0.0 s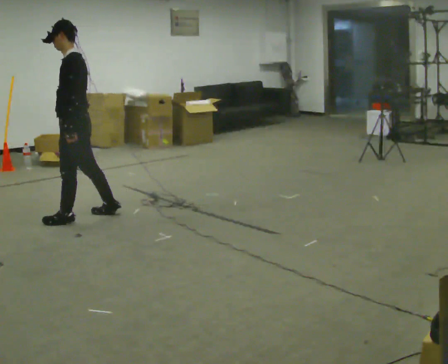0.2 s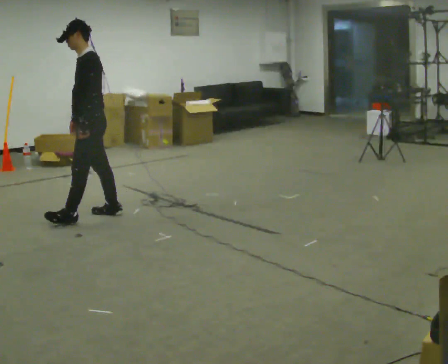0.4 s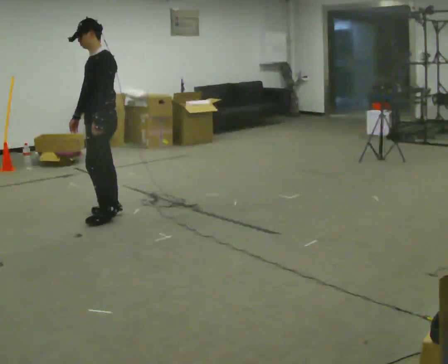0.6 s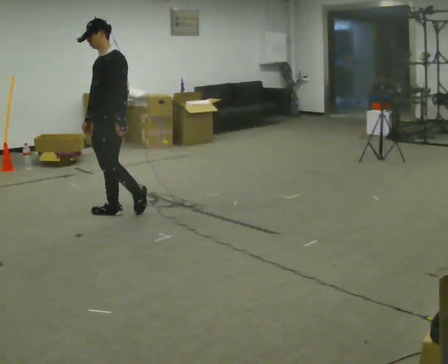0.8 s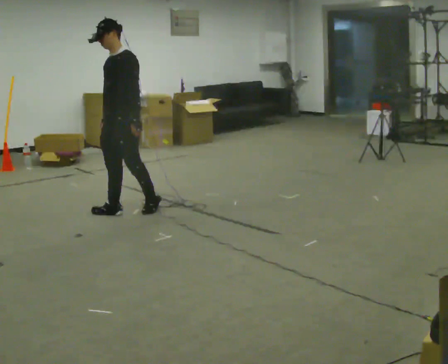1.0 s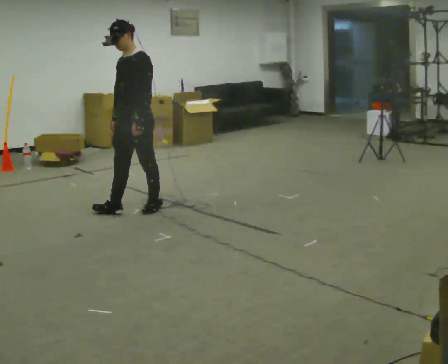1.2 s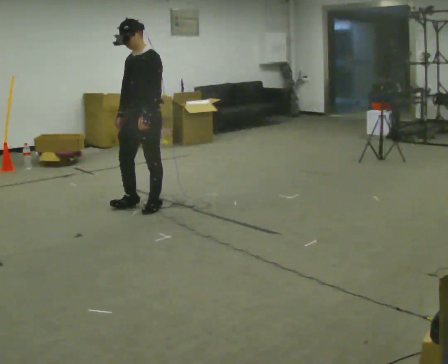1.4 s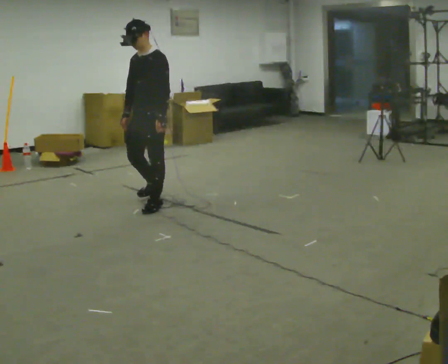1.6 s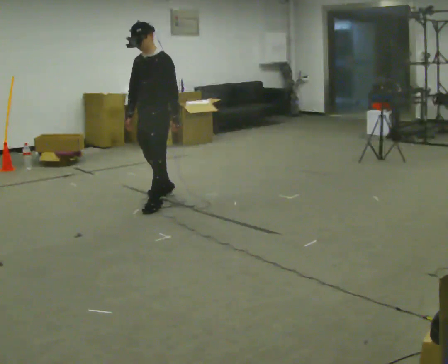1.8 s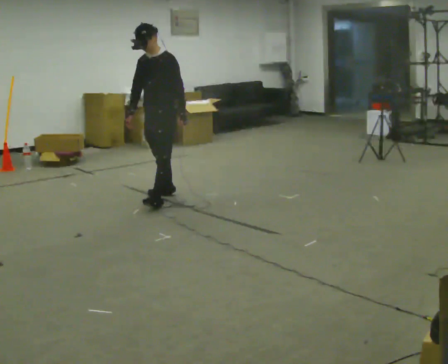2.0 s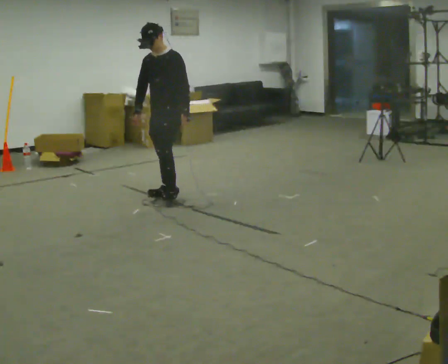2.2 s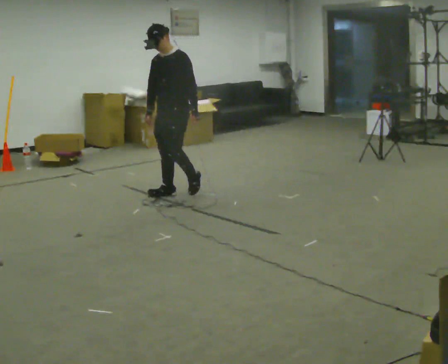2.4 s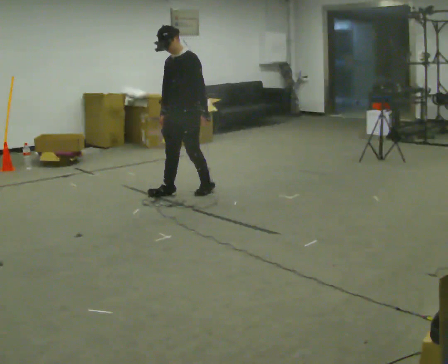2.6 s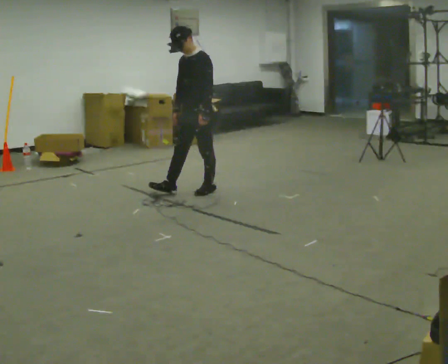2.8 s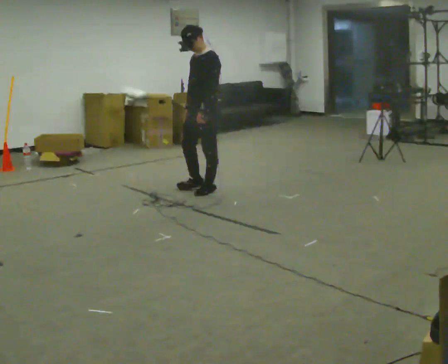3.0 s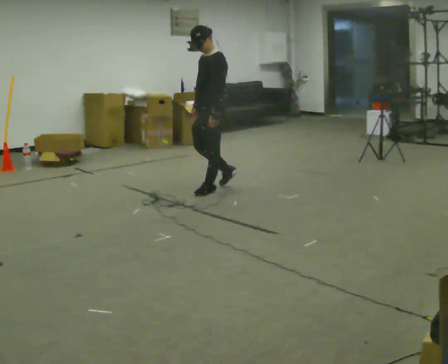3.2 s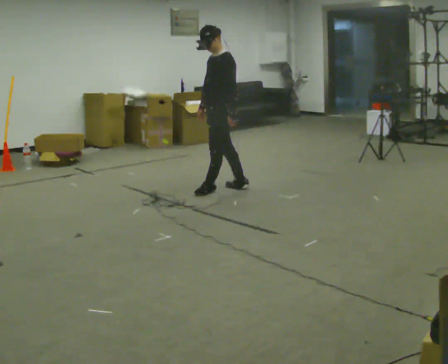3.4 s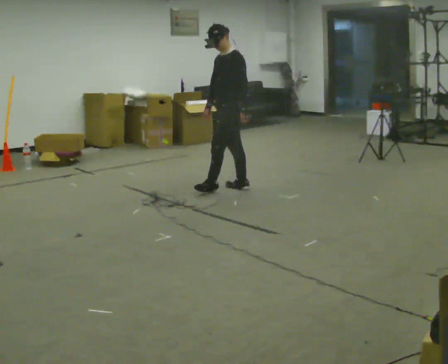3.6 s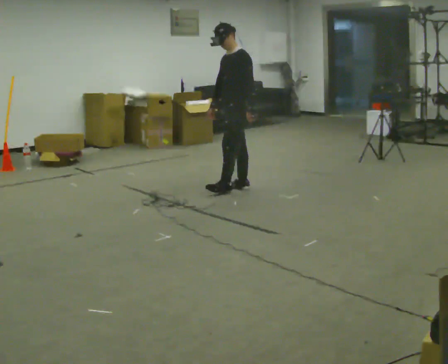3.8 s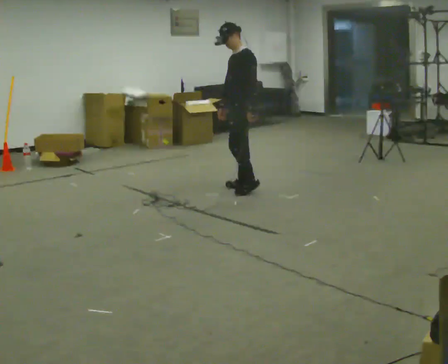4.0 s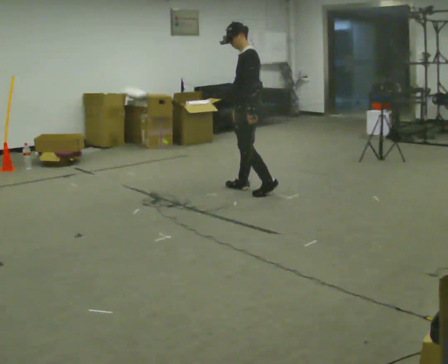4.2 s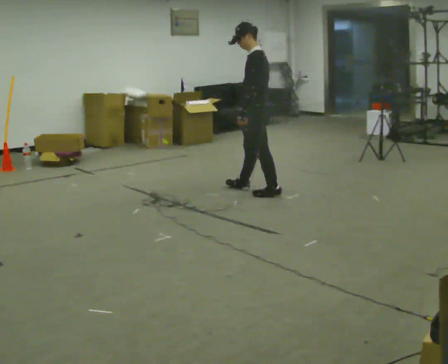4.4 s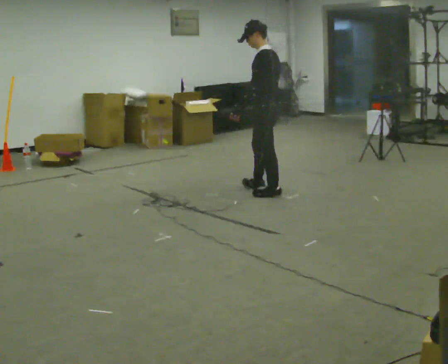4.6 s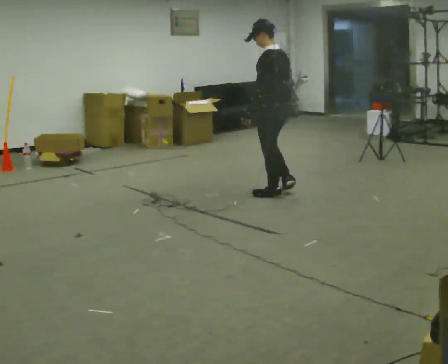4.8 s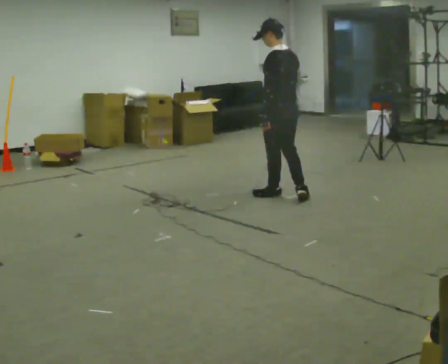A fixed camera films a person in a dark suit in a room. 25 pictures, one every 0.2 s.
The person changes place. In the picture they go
to the right.
0.0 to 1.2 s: The person turns about 45 degrees to their left, counterclockwise seen from above, so the part of the body nearest the lens slides to the right. In the picture they go to the right and away from the camera, about 0.75 m in 2 steps, which for them is backward.
1.2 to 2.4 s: In the picture they go away from the camera and to the right, about 0.5 m in 1 step, which for them is backward.
2.4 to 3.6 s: Seen from above the body turns clockwise, about 30 degrees: to their right, with its near side sliding to the left. In the picture they go to the right, about 0.5 m in 2 steps, which for them is backward.
3.6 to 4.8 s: The part of the body nearest the lens slides to the left as the person turns to their right by about 60 degrees. In the picture they go toward the camera and to the right, about 0.5 m in 1 step.
The film runs backward here.
